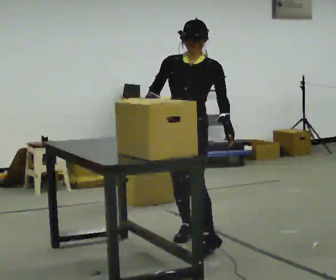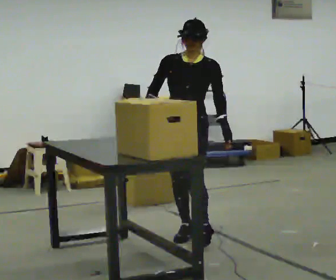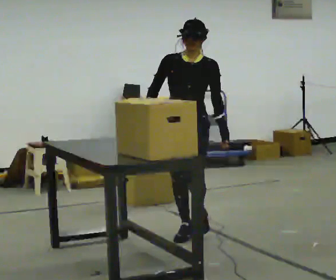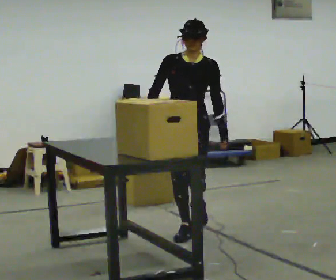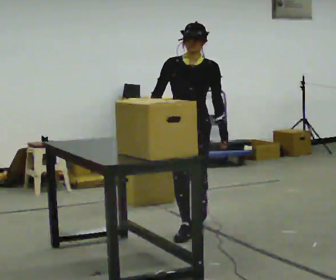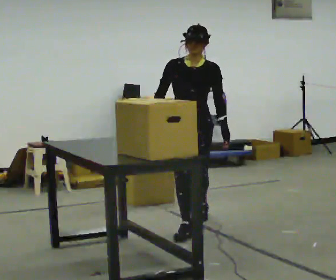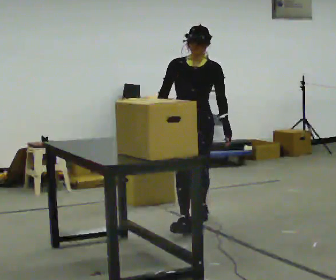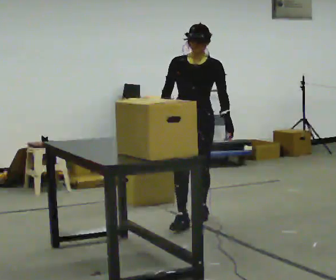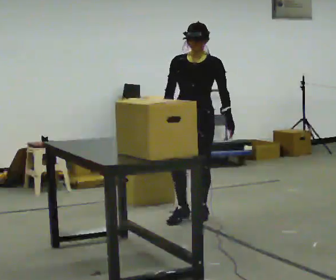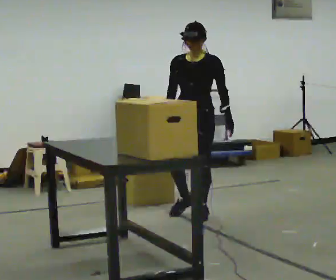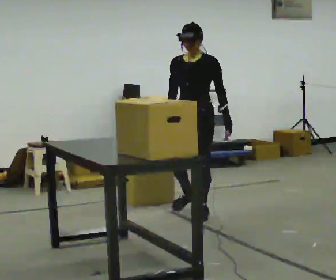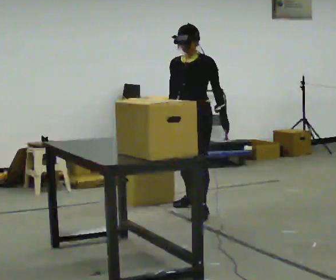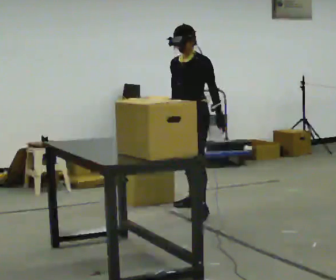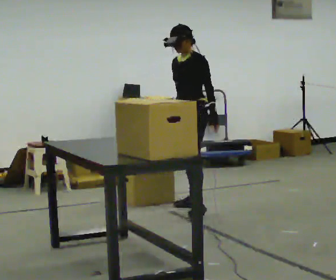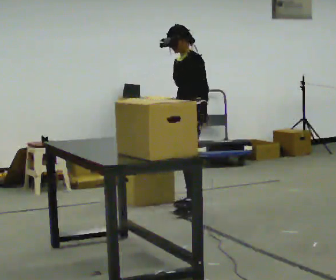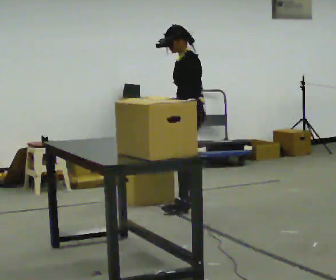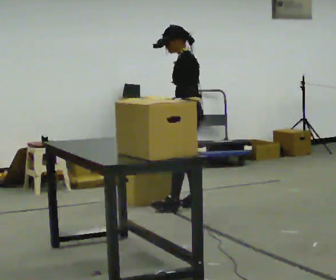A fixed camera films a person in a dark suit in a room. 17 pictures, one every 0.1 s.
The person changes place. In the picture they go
away from the camera.
0.0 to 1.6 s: Seen from above the body turns clockwise, about 75 degrees: to their right, with its near side sliding to the left. In the picture they go away from the camera, about 1 m in 2 steps.
The film runs backward here.
